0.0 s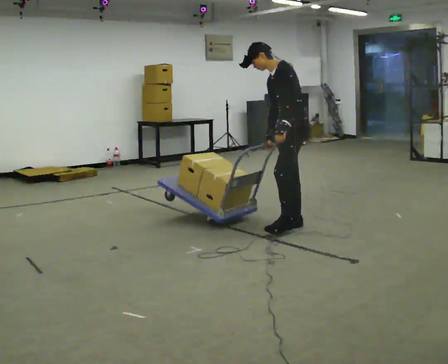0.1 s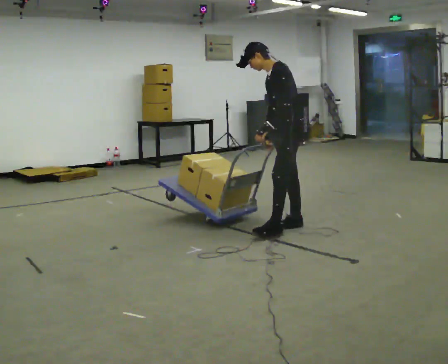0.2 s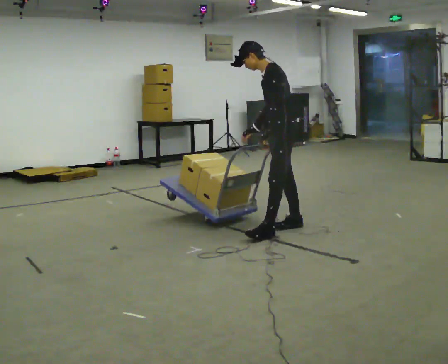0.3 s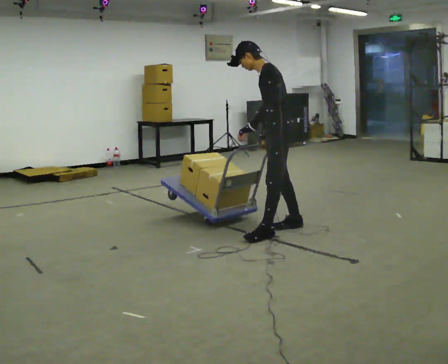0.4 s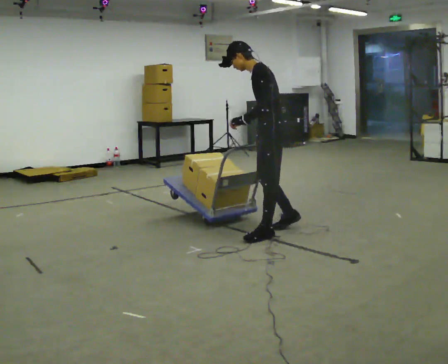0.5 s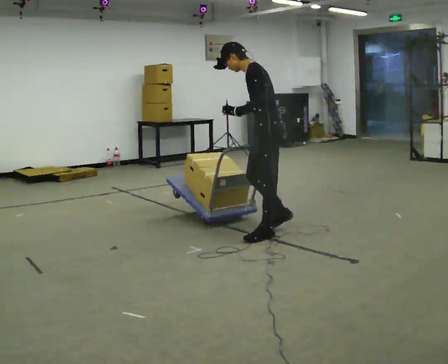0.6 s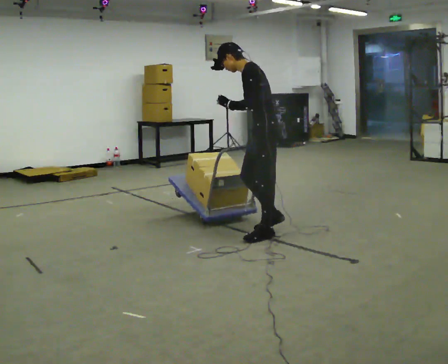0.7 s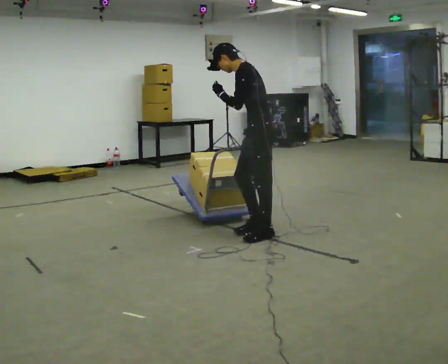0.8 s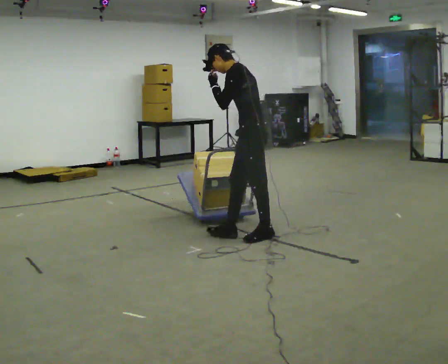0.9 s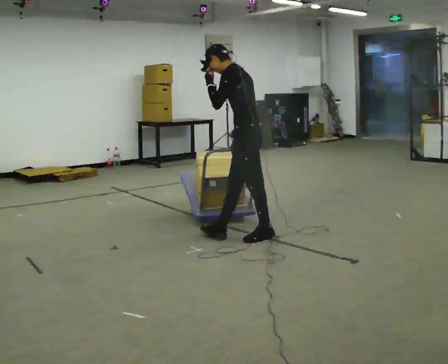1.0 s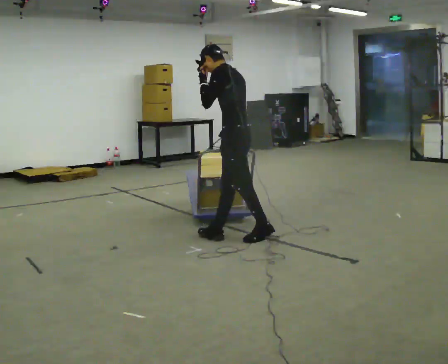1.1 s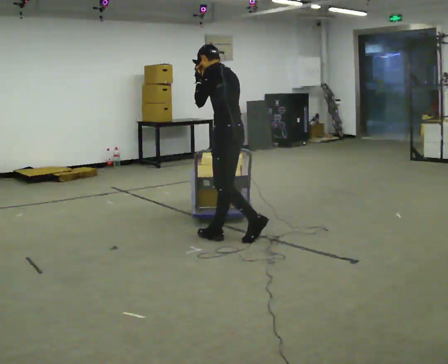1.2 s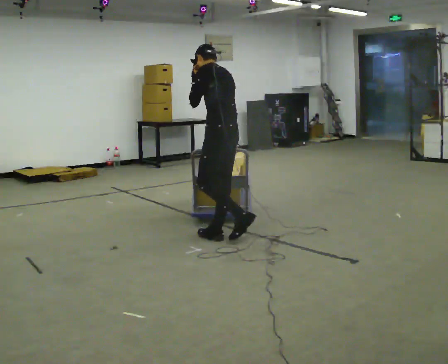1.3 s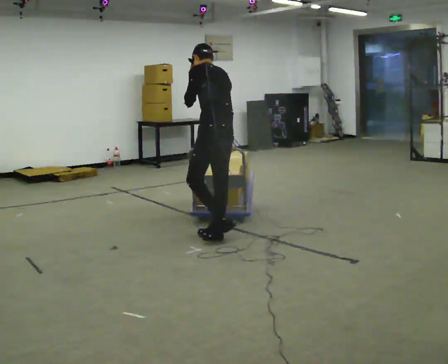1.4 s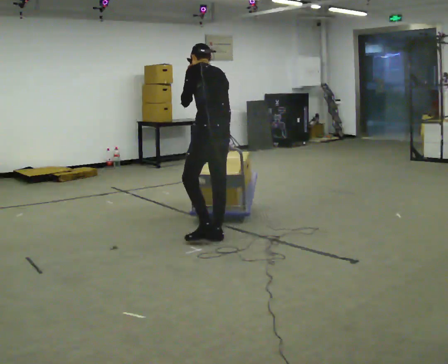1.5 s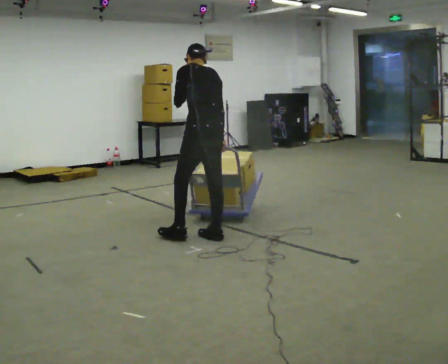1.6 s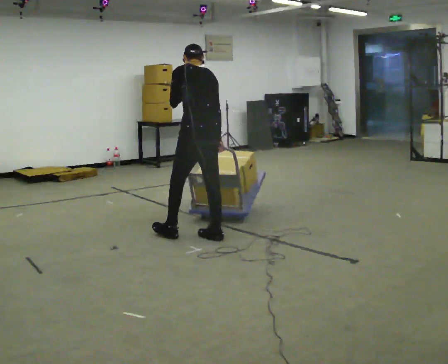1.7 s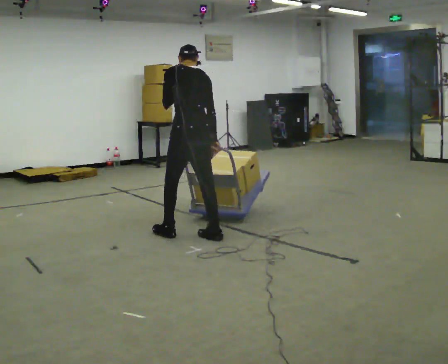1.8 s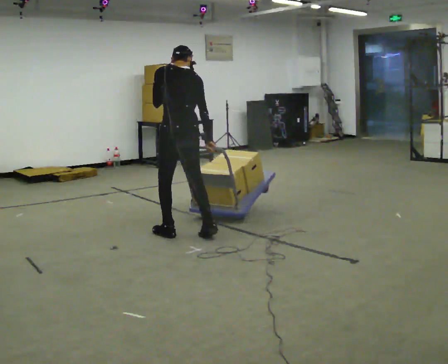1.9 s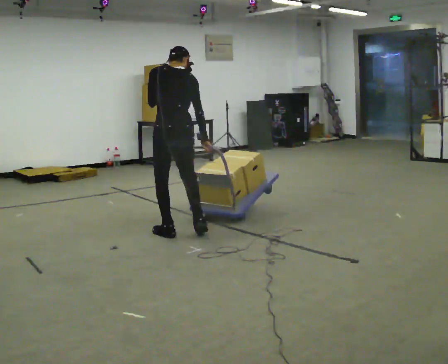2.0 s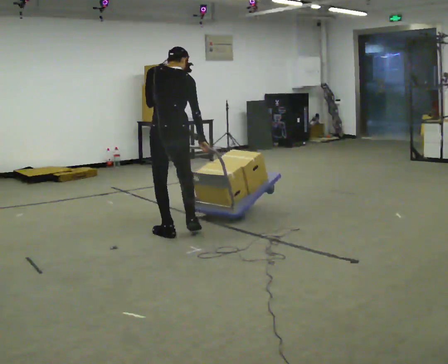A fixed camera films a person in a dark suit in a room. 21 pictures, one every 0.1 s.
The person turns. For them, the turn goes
to their right.
The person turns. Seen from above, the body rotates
clockwise.
0.0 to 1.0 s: The part of the body nearest the lens slides to the left as the person turns to their right by about 30 degrees. In the picture they go to the left and toward the camera, about 0.5 m in 2 steps, which for them is forward and to their left. In the picture their left hand goes upward.
1.0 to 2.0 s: Seen from above the body turns clockwise, about 60 degrees: to their right, with its near side sliding to the left. In the picture they go to the left, about 0.5 m in 1 step. In the picture the upper body tilts clockwise, shoulders to the right.
The film runs forward here.
